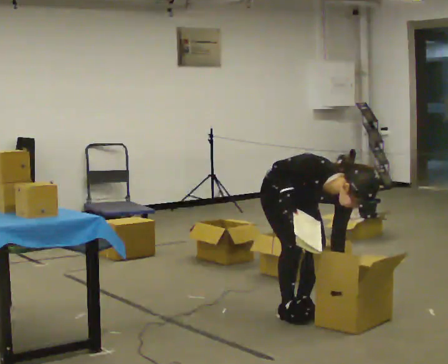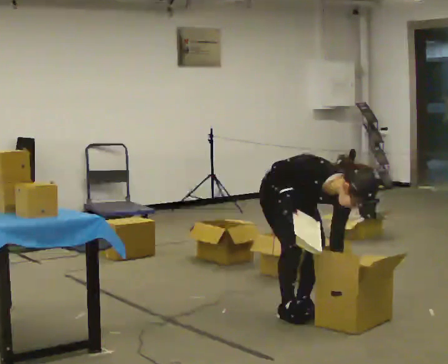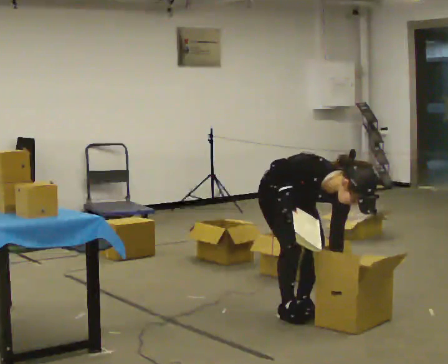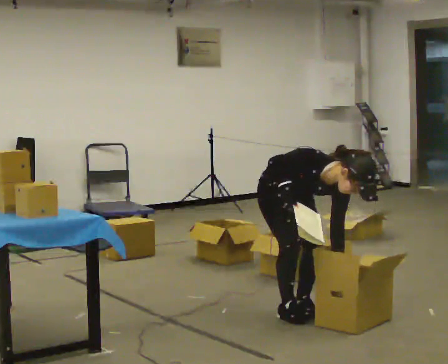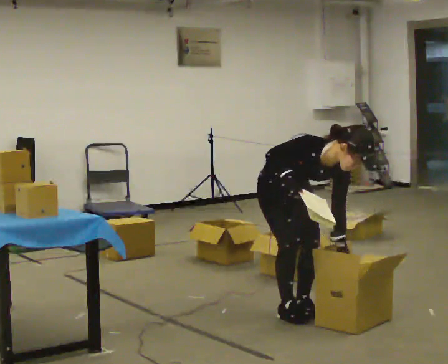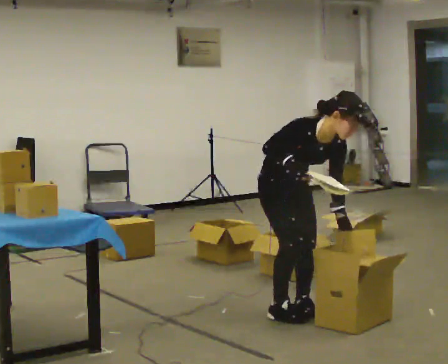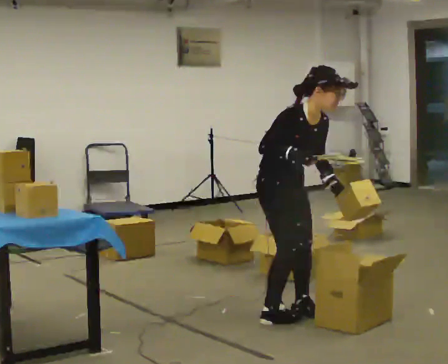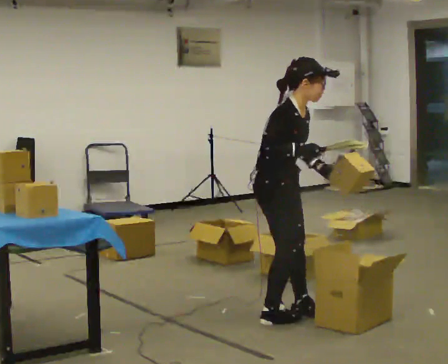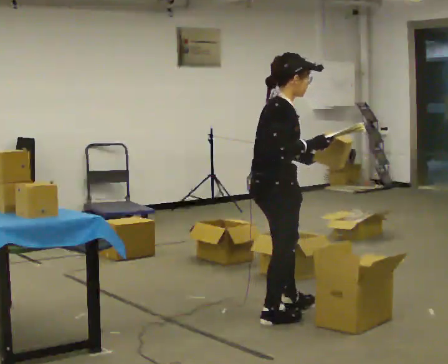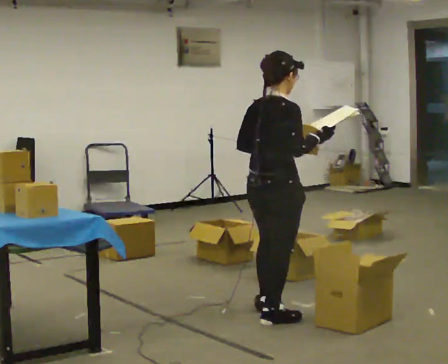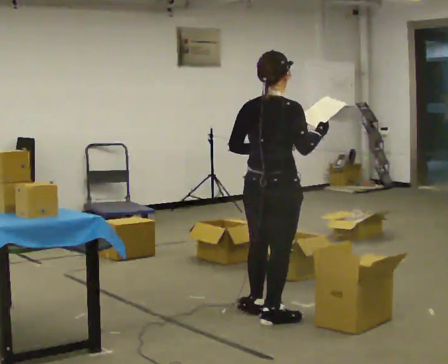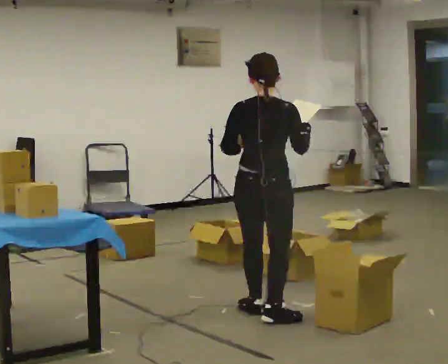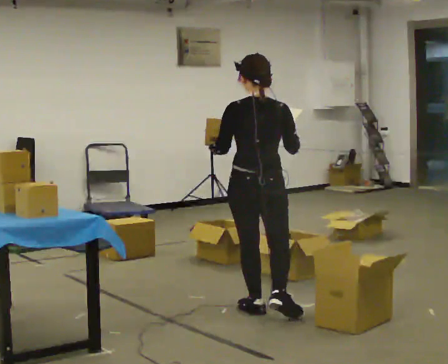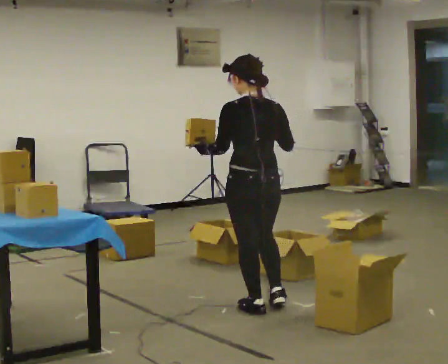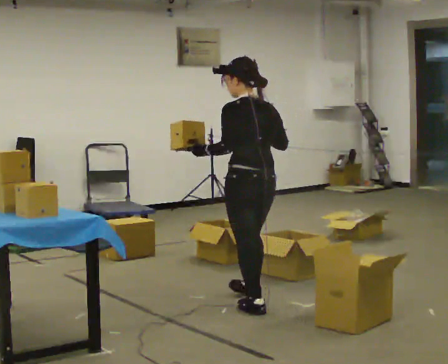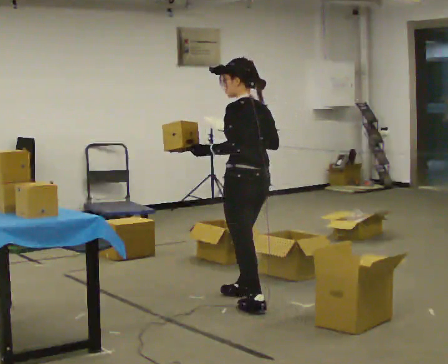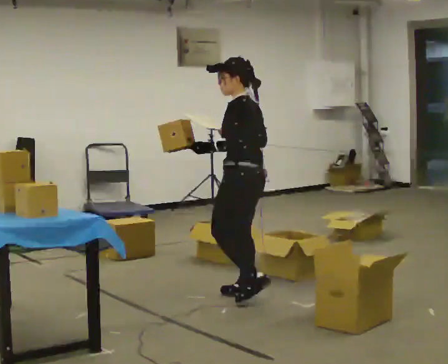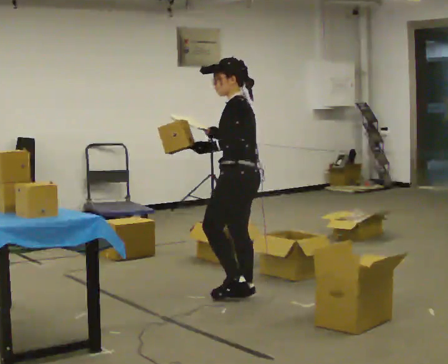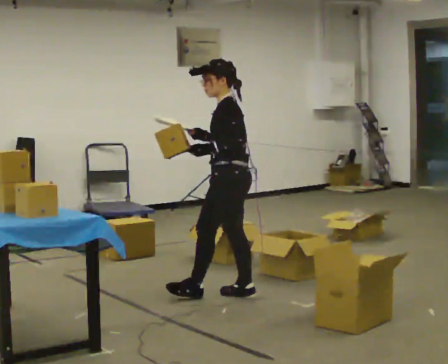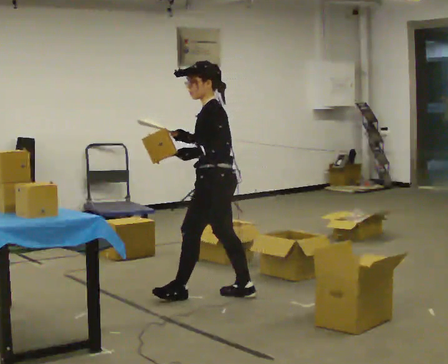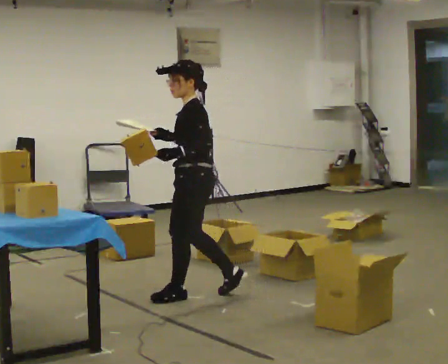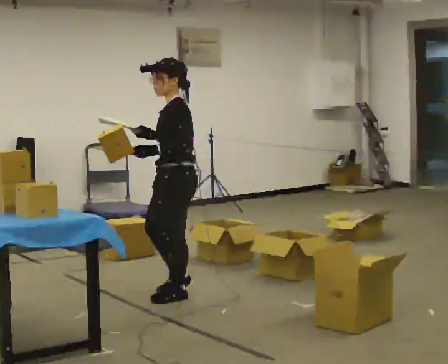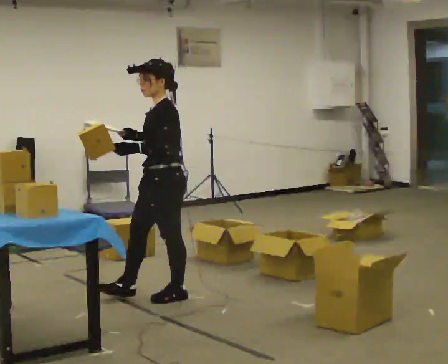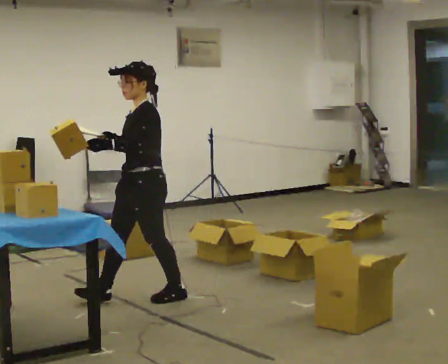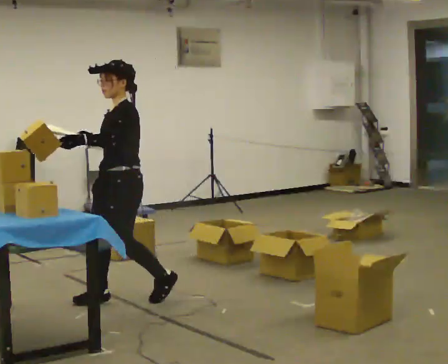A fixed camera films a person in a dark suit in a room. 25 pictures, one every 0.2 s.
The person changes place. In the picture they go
to the left.
The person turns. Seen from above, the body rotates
counterclockwise.
0.0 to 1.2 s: The part of the body nearest the lens slides to the right as the person turns to their left by about 30 degrees. The upper body goes upward. The upper body tips away from the camera, its near side rolling upward, as they lean back or straighten.
1.2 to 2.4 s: Seen from above the body turns counterclockwise, about 120 degrees: to their left, with its near side sliding to the right. In the picture the upper body tilts counterclockwise, shoulders to the left, as they lean back or straighten. In the picture their left hand goes to the left.
2.4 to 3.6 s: The person turns about 75 degrees to their left, counterclockwise seen from above, so the part of the body nearest the lens slides to the right. In the picture they go away from the camera, about 0.5 m in 1 step.
3.6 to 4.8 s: The person turns about 45 degrees to their left, counterclockwise seen from above, so the part of the body nearest the lens slides to the right. In the picture they go to the left, about 0.5 m in 2 steps, which for them is forward.
The film runs forward here.
